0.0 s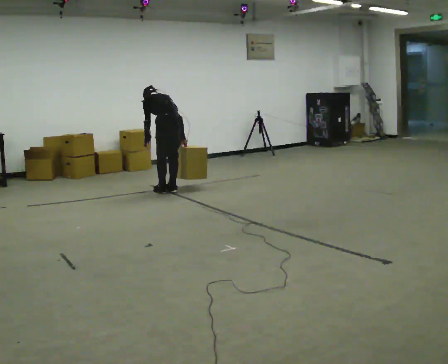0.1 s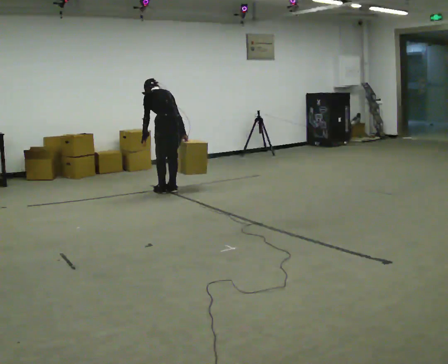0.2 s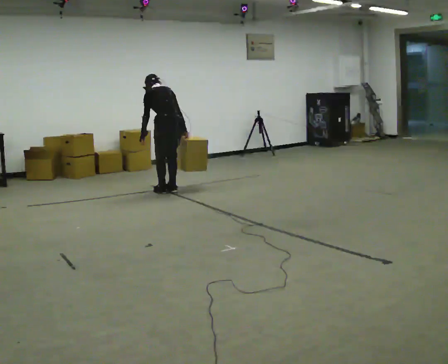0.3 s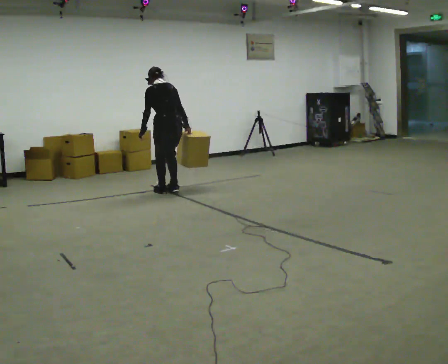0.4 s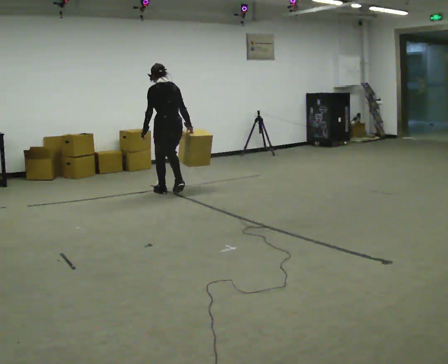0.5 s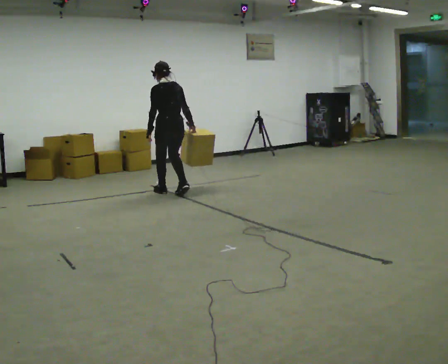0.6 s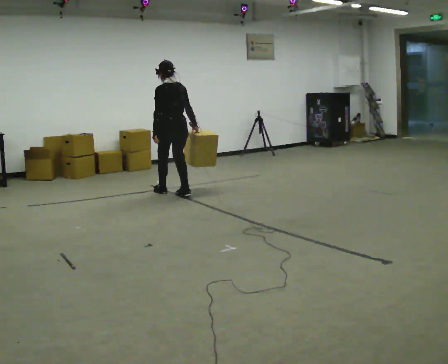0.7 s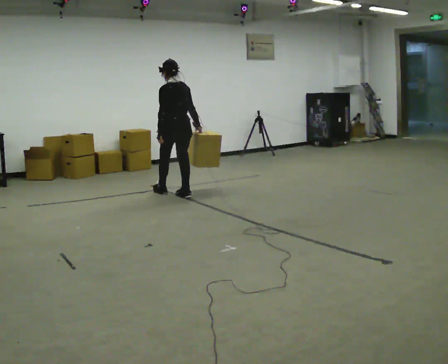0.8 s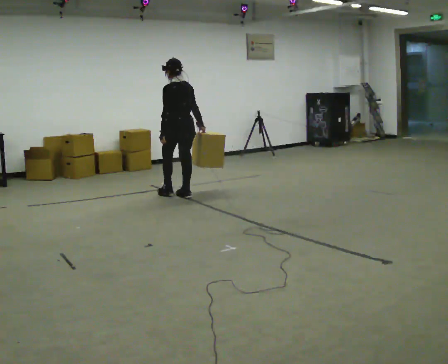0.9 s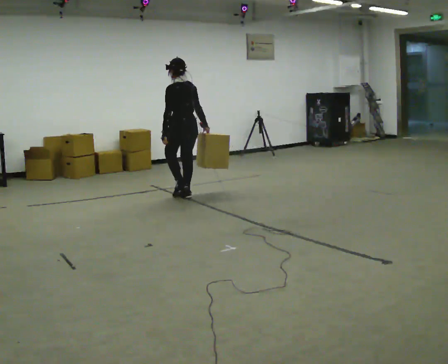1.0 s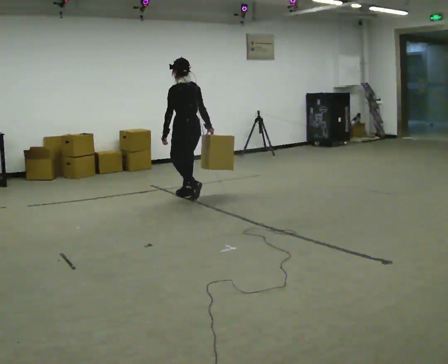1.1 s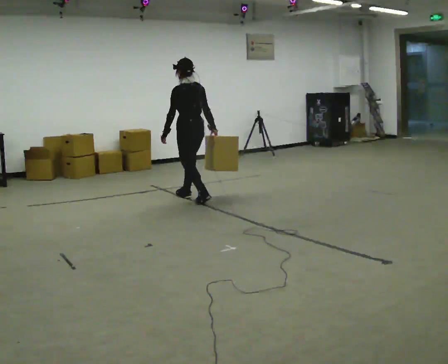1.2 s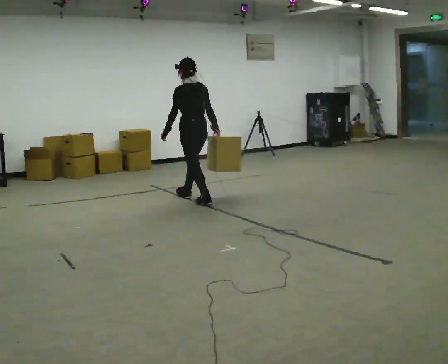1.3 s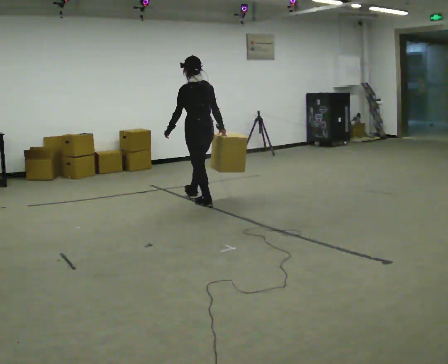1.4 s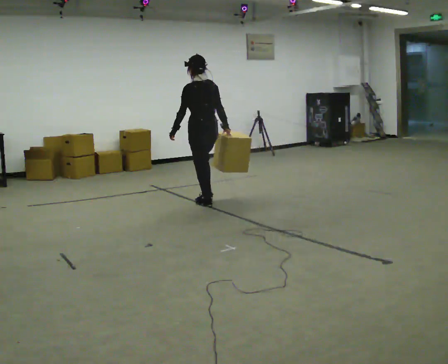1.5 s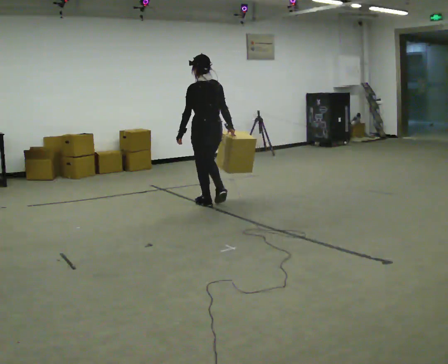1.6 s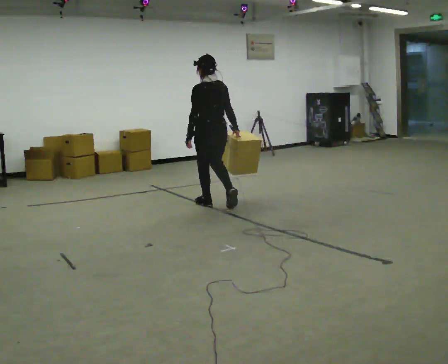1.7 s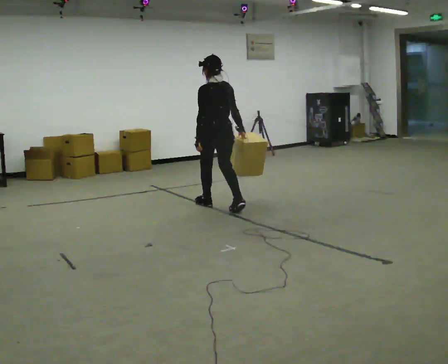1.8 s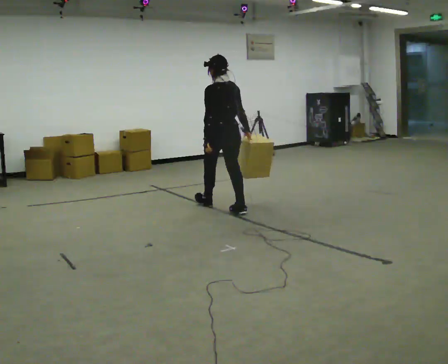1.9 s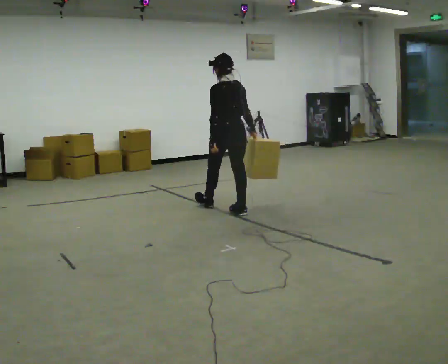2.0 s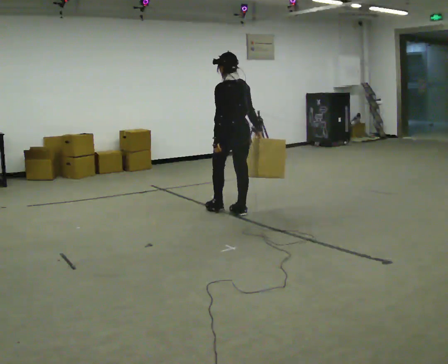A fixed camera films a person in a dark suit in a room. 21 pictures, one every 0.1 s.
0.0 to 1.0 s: In the picture they go toward the camera and to the right, about 0.25 m in 2 steps, which for them is backward. The upper body goes upward. The upper body tips toward the camera, its near side rolling downward, as they lean back or straighten.
1.0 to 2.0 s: In the picture they go toward the camera and to the right, about 1 m in 2 steps, which for them is backward.
The film runs backward here.
